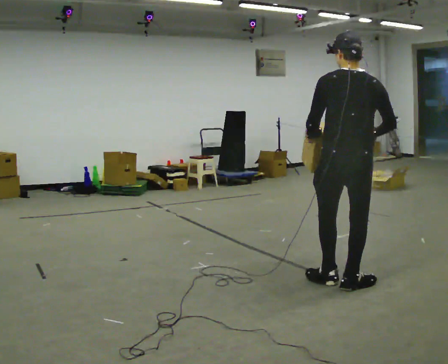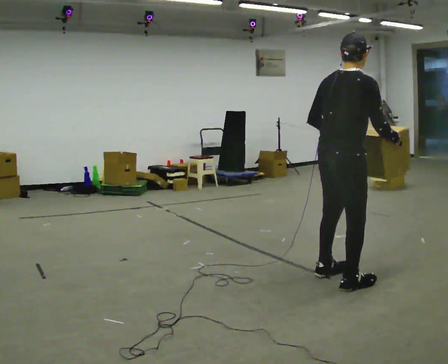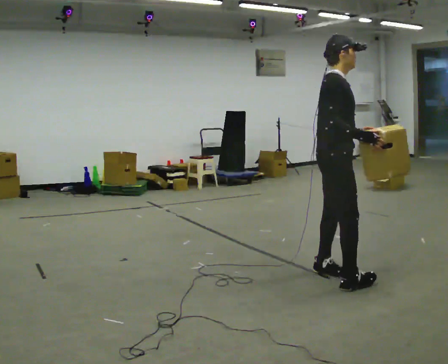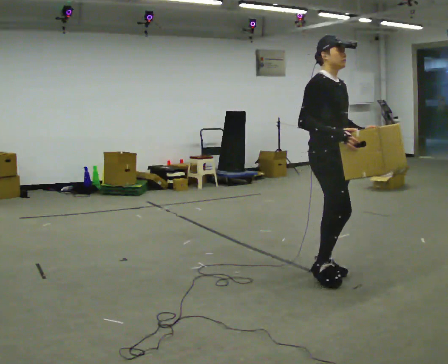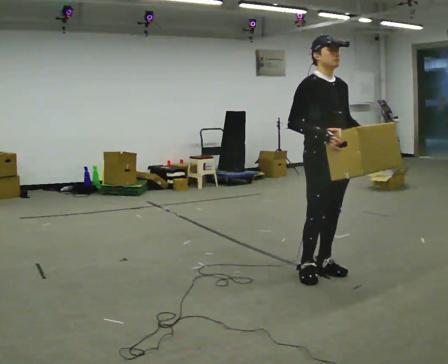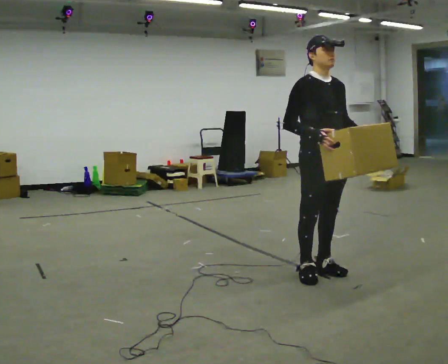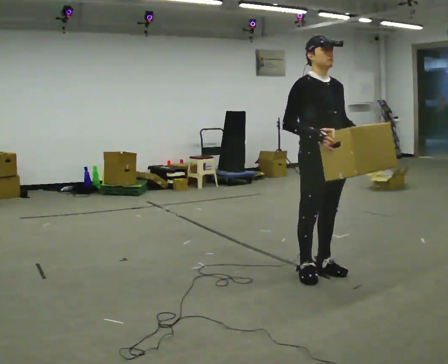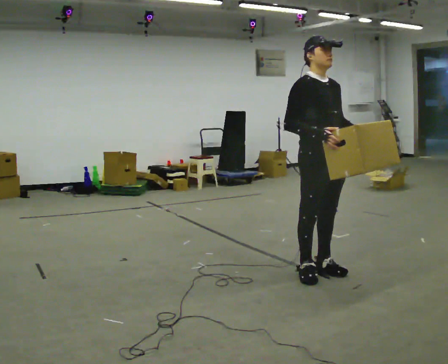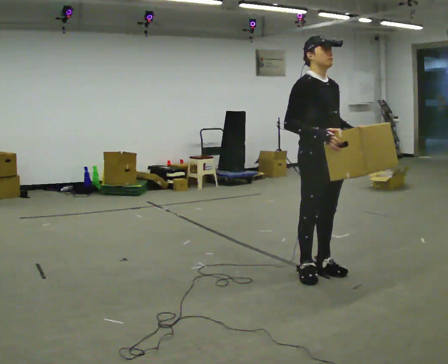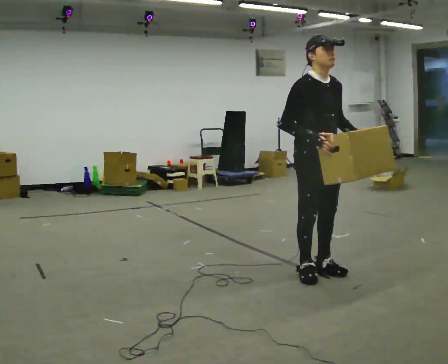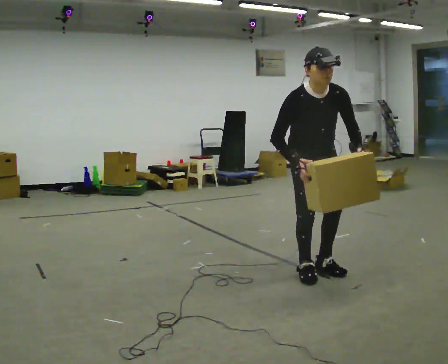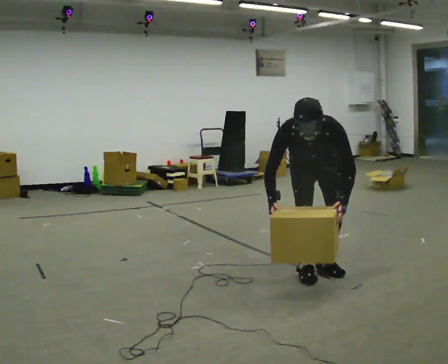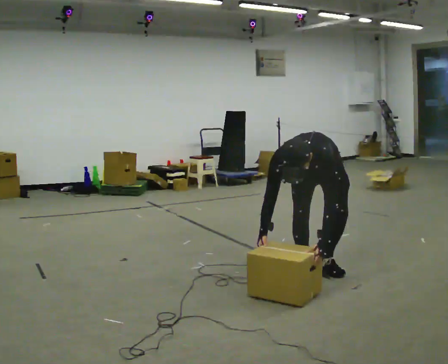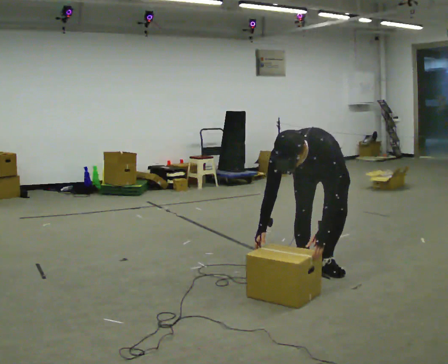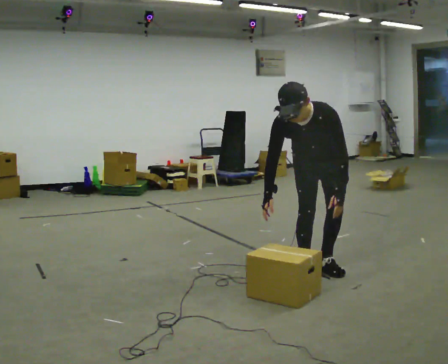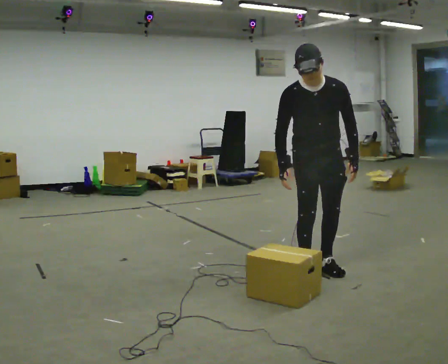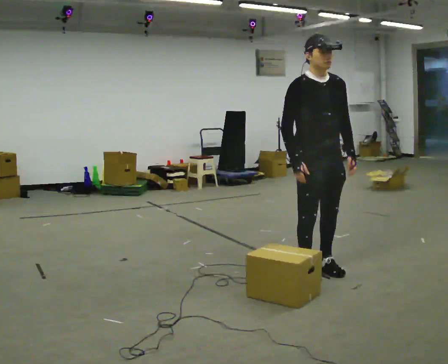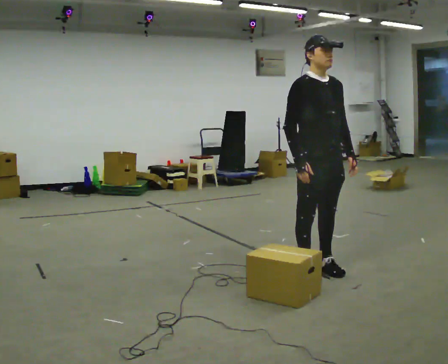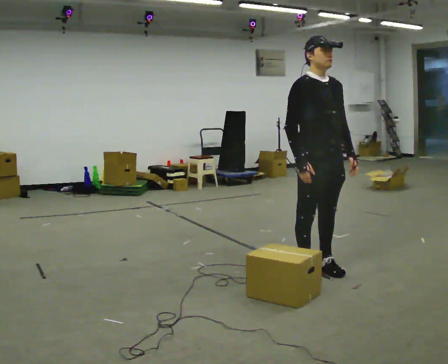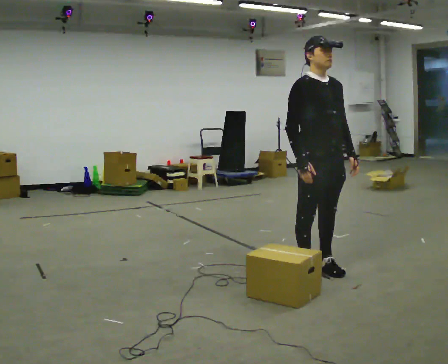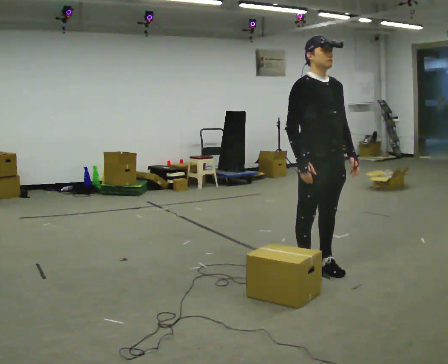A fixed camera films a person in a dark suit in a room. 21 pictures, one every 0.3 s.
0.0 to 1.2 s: The part of the body nearest the lens slides to the left as the person turns to their right by about 150 degrees. In the picture they go away from the camera, about 0.25 m in 2 steps.
1.2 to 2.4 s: The person moves a little, or ends about where they began.
2.4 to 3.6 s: Seen from above the body turns clockwise, about 45 degrees: to their right, with its near side sliding to the left. In the picture they go away from the camera, about 0.25 m, which for them is backward. The upper body goes downward. The upper body tips toward the camera, its near side rolling downward, as they bend forward. In the picture their right hand goes downward and to the left.
3.6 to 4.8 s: Seen from above the body turns counterclockwise, about 30 degrees: to their left, with its near side sliding to the right. The shoulders move upward. The upper body tips away from the camera, its near side rolling upward, as they lean back or straighten. In the picture their left hand goes upward.
4.8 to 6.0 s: The person moves a little, or ends about where they began.
The film runs backward here.
